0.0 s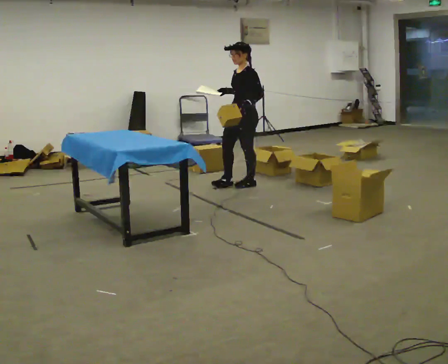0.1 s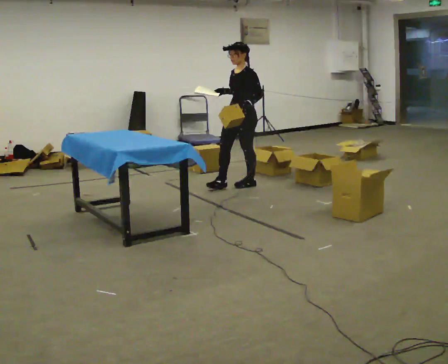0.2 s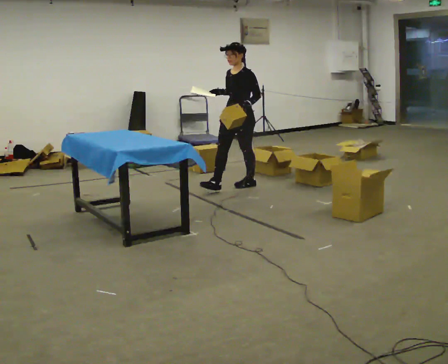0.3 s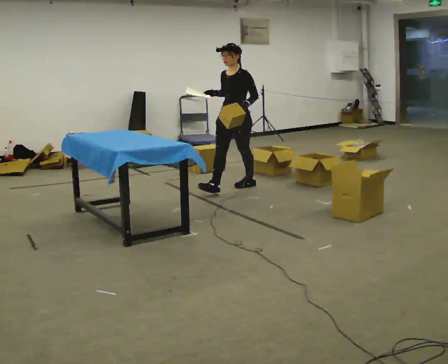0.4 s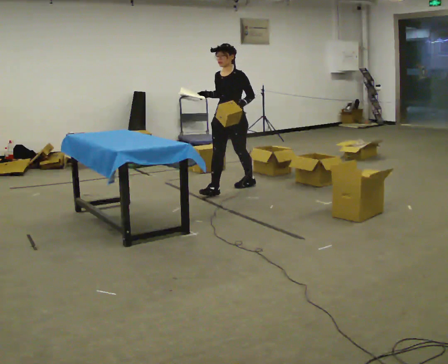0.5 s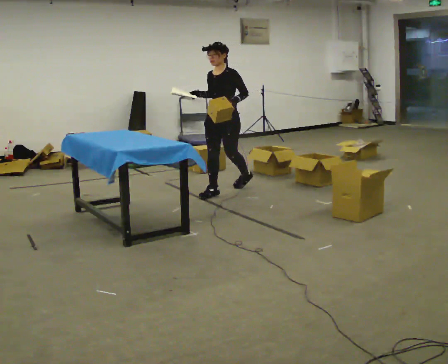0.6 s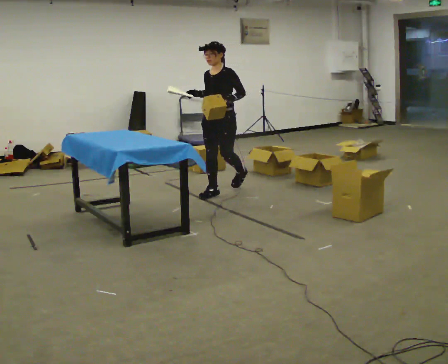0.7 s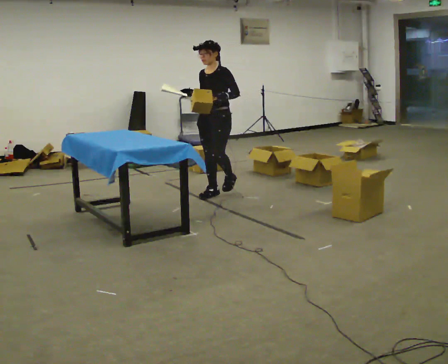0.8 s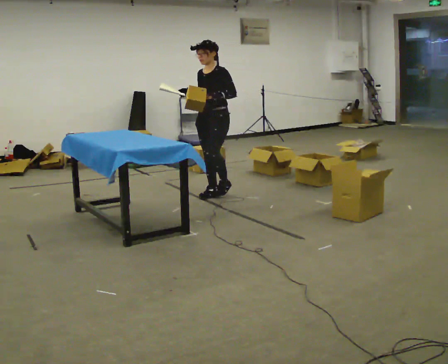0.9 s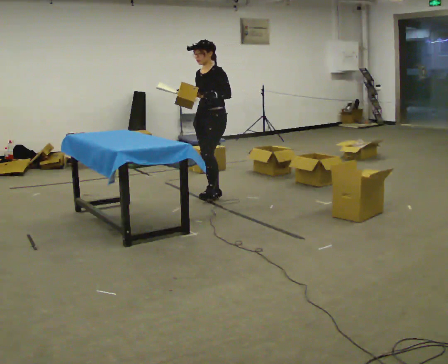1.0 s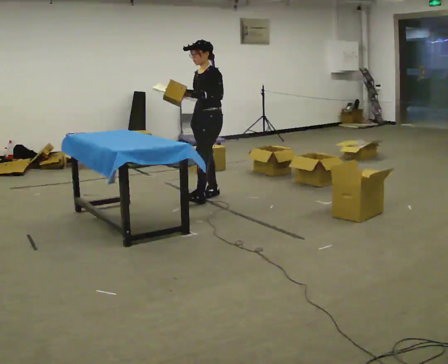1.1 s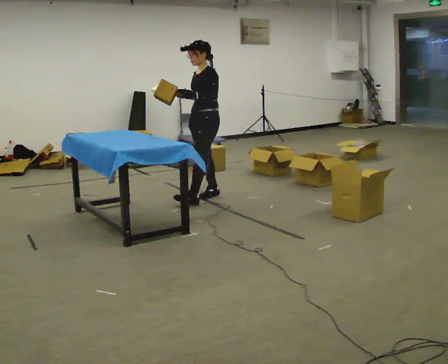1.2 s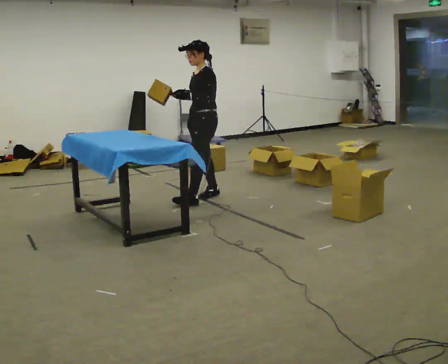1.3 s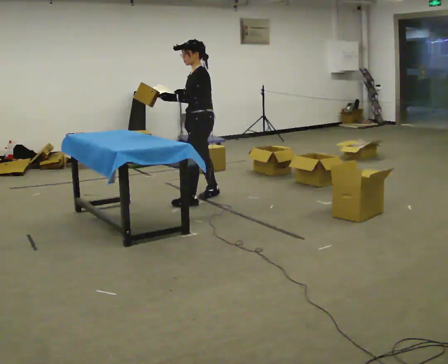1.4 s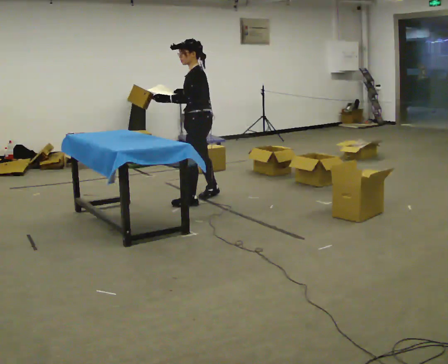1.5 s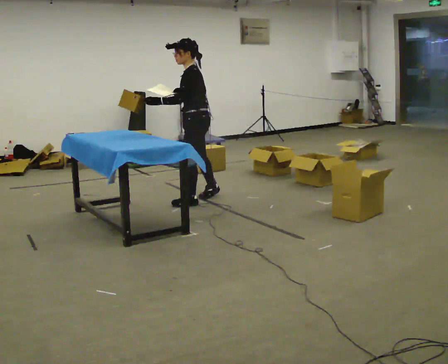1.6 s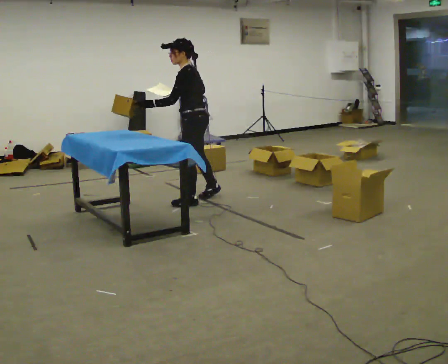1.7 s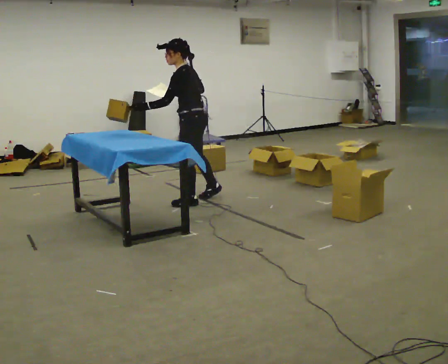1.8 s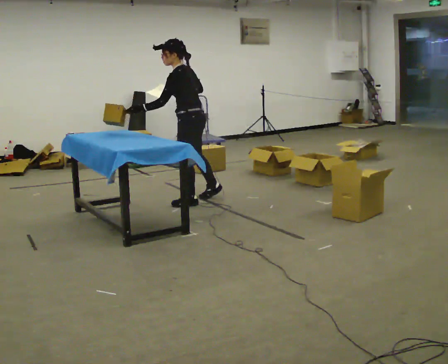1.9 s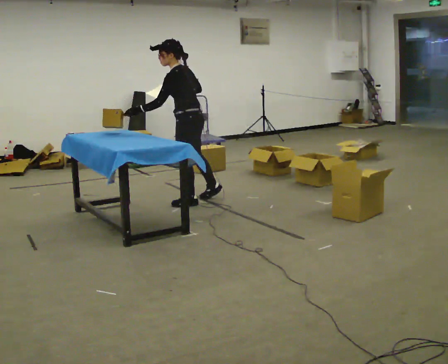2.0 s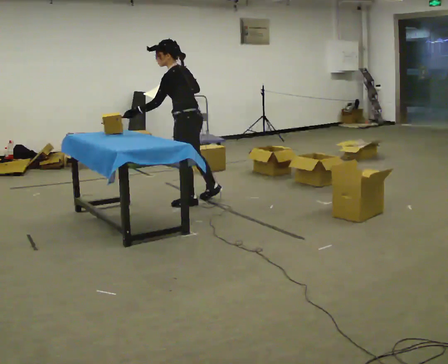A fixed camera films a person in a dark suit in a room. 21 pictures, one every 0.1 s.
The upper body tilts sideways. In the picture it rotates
counterclockwise.
0.0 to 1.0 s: In the picture they go to the left and toward the camera, about 0.5 m in 1 step, which for them is forward.
1.0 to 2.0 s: The part of the body nearest the lens slides to the left as the person turns to their right by about 45 degrees. In the picture they go toward the camera and to the left, about 0.25 m in 1 step, which for them is to their left and forward. In the picture the upper body tilts counterclockwise, shoulders to the left, as they bend forward.
The film runs forward here.
